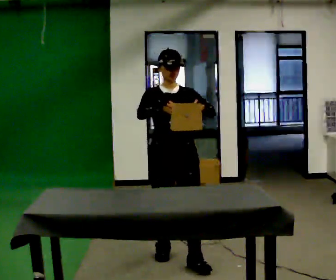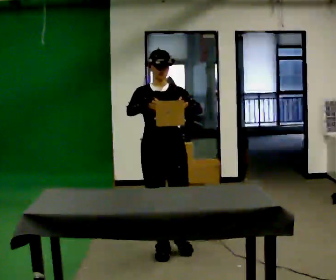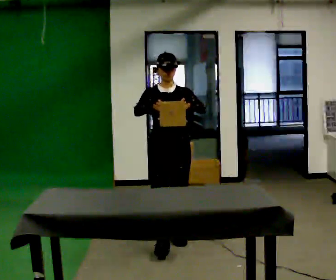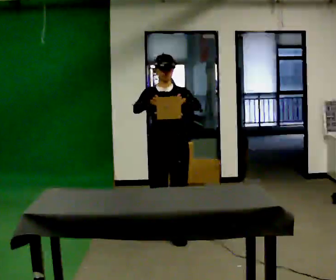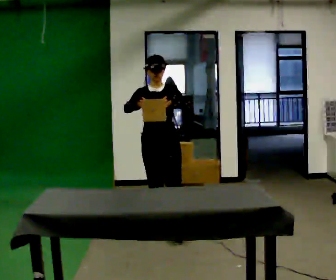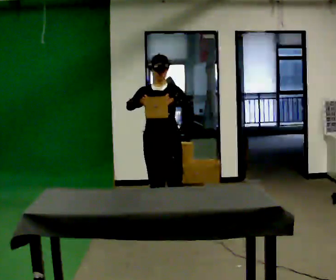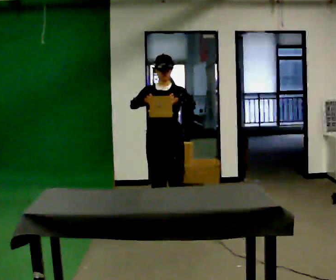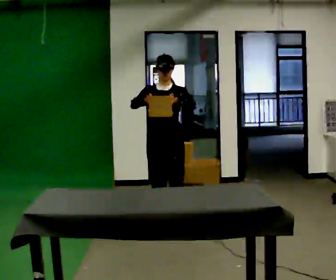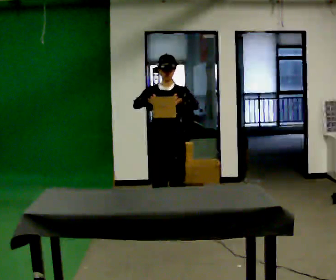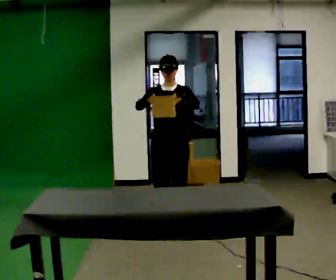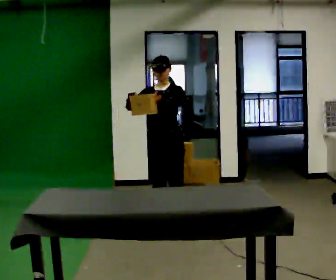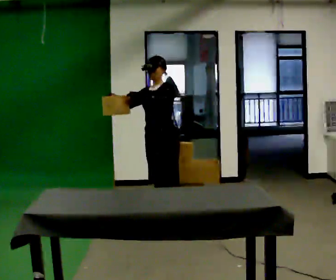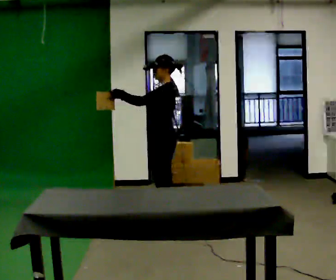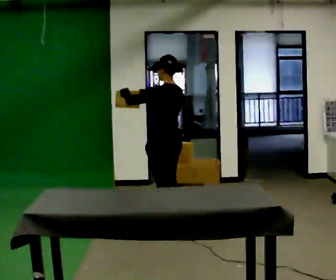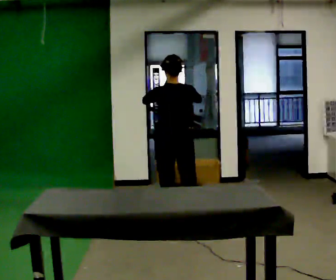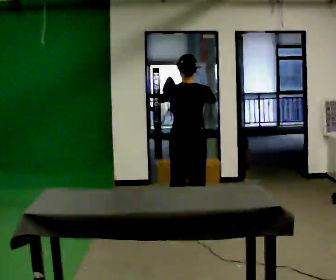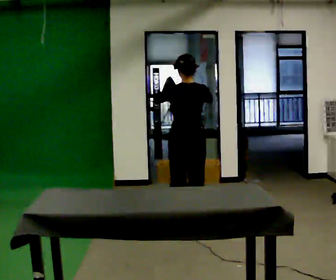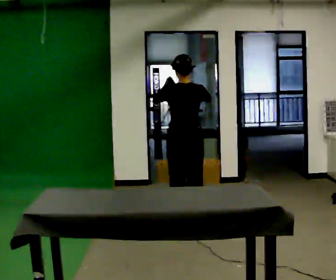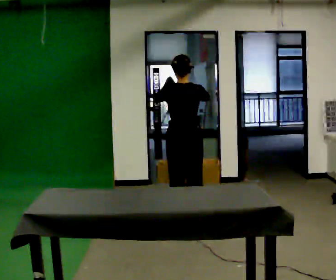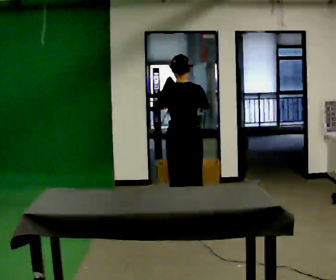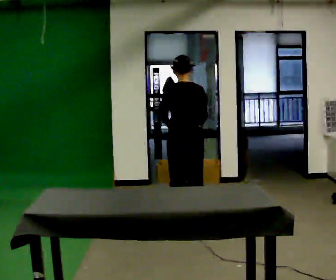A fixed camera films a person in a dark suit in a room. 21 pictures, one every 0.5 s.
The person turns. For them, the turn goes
to their right.
The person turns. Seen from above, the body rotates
clockwise.
0.0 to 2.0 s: In the picture they go away from the camera, about 1 m in 3 steps, which for them is backward.
2.0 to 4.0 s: The person moves a little, or ends about where they began.
4.0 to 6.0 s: Seen from above the body turns clockwise, about 75 degrees: to their right, with its near side sliding to the left. In the picture they go away from the camera, about 0.25 m in 1 step.
6.0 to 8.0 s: The part of the body nearest the lens slides to the left as the person turns to their right by about 90 degrees. In the picture they go to the right, about 0.25 m in 1 step. In the picture their right hand goes to the right.
8.0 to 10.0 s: In the picture their right hand goes downward.
The film runs backward here.
